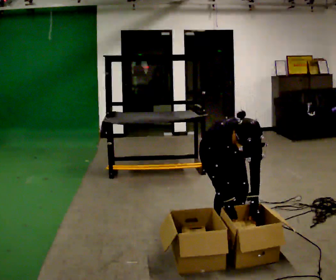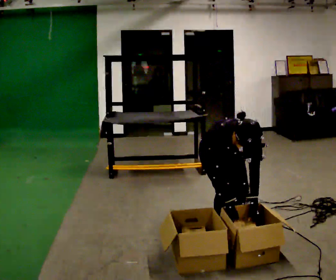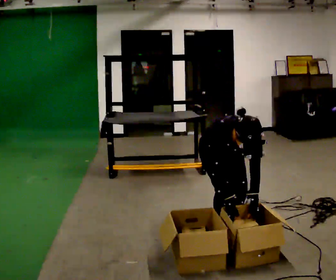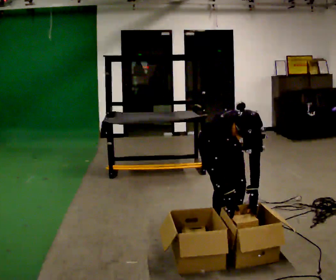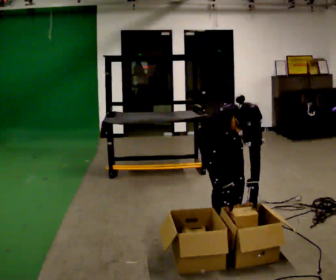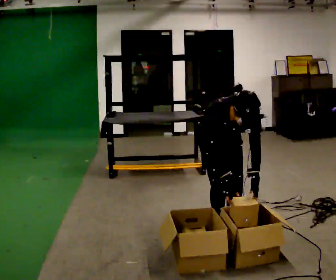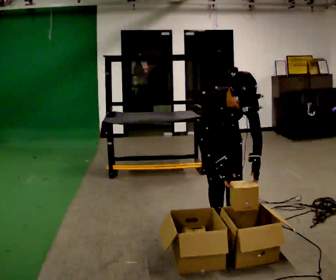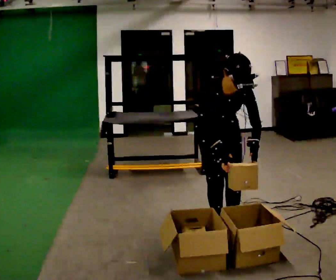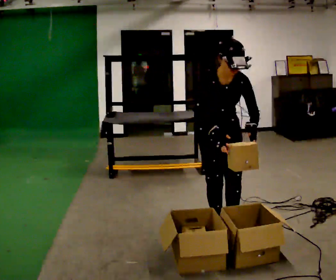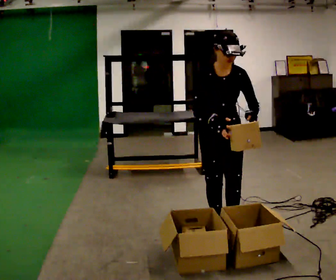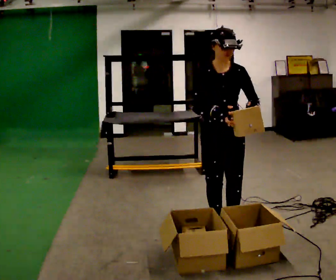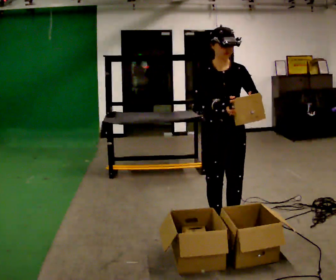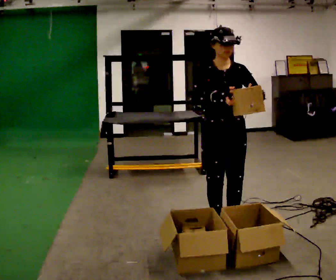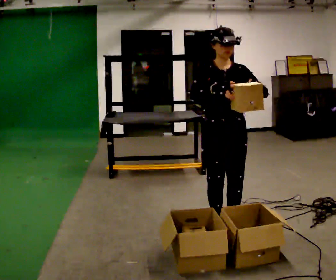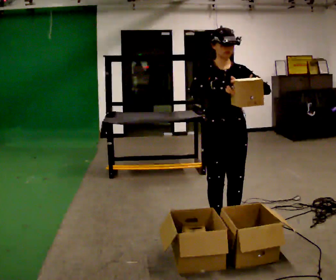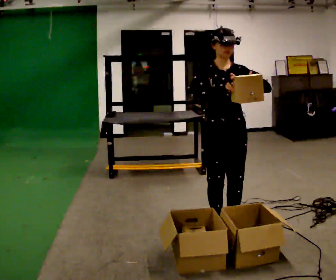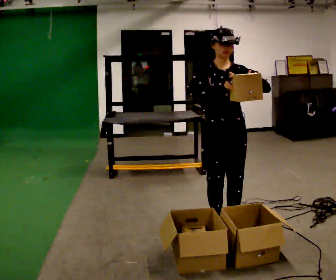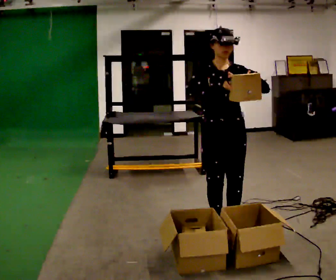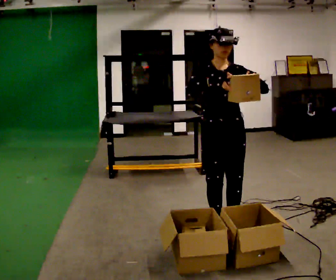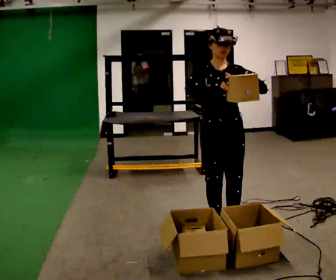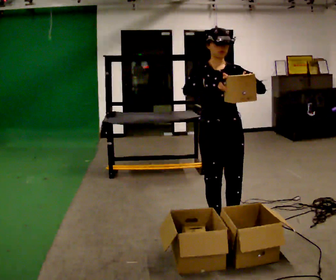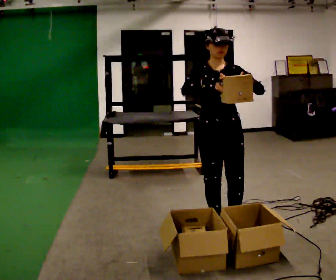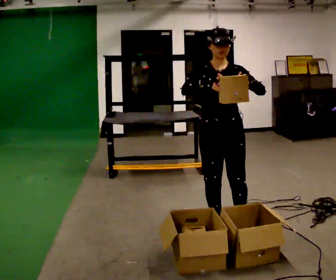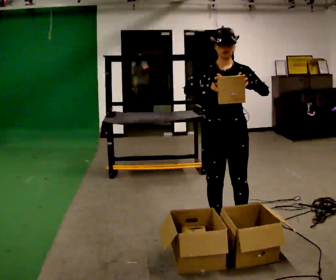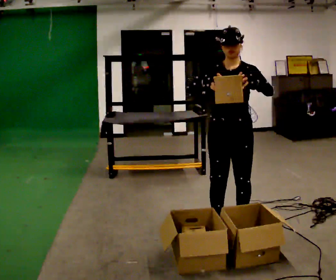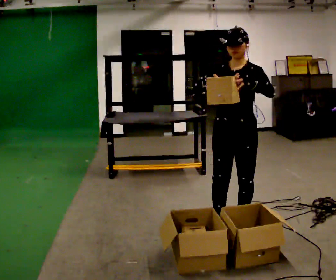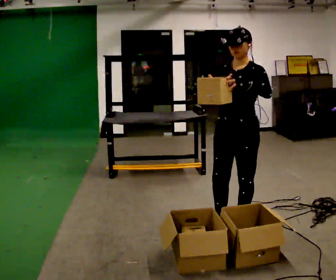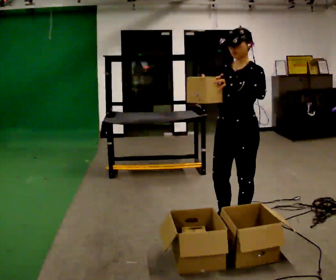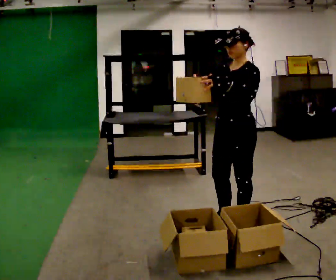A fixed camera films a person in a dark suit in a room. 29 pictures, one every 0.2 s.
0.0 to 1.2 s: The shoulders move upward. The upper body tips away from the camera, its near side rolling upward, as they lean back or straighten.
1.2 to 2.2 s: The upper body goes upward. The upper body tips away from the camera, its near side rolling upward, as they lean back or straighten. In the picture their left hand goes upward.
2.2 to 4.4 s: The person moves a little, or ends about where they began.
4.4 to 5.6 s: The part of the body nearest the lens slides to the left as the person turns to their right by about 60 degrees.
The film runs forward here.
